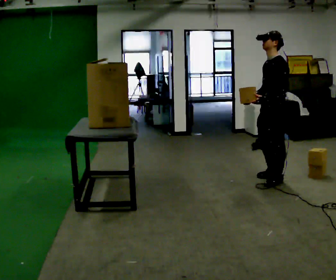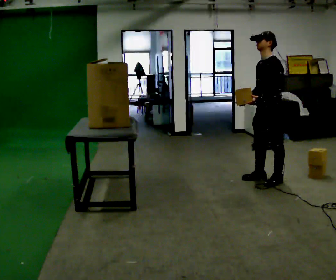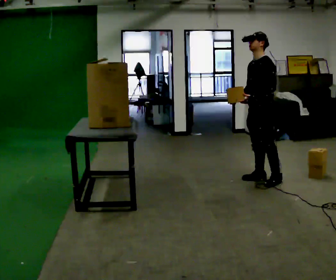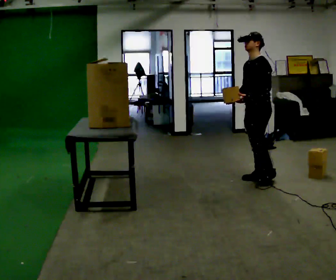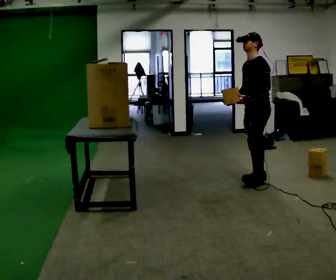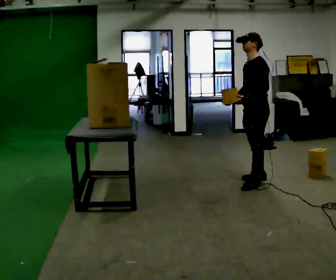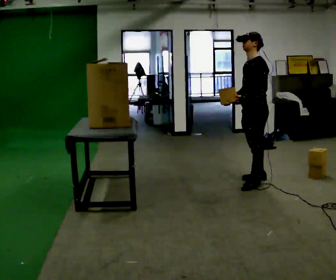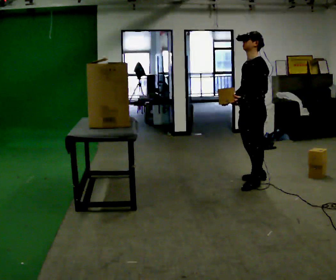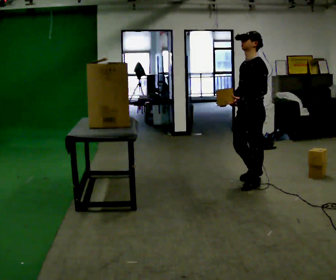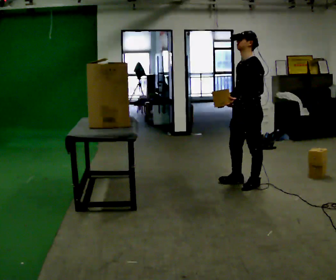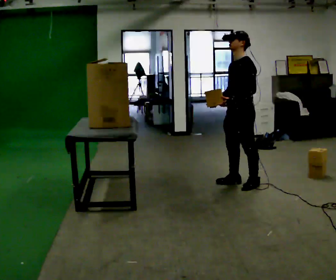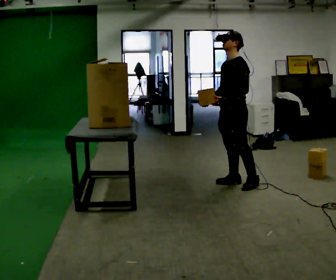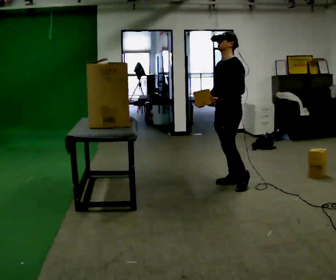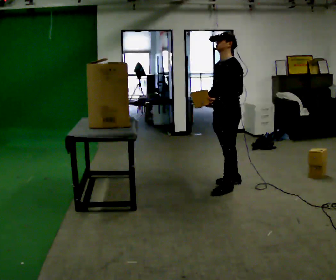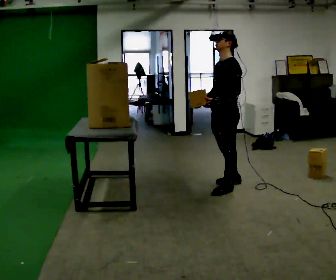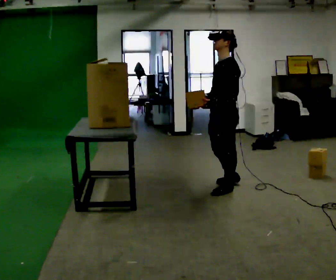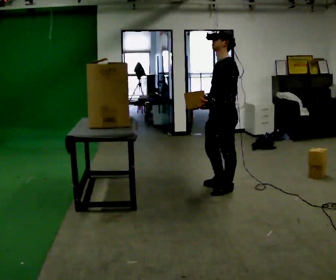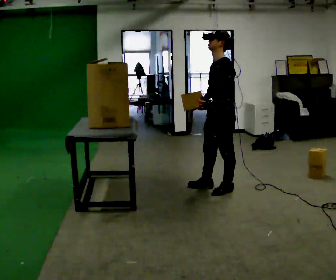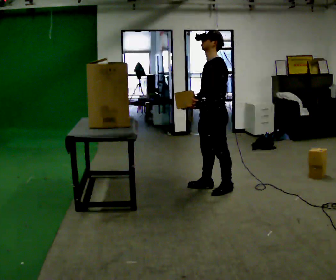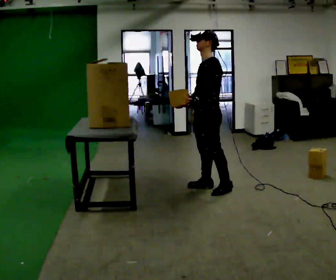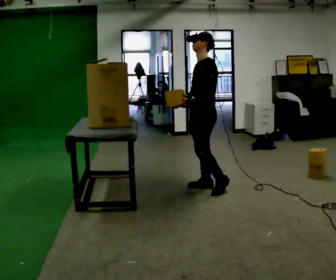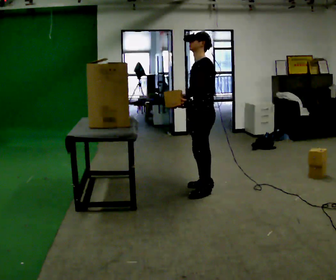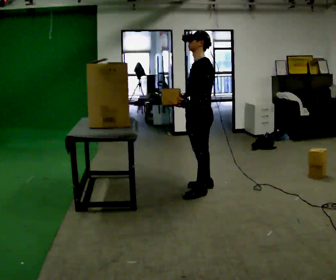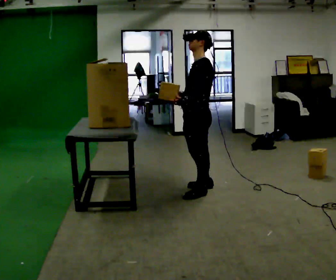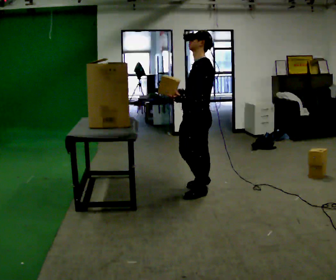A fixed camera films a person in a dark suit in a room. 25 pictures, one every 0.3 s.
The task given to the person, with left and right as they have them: Pick an object up off the floor, carry it across the room, and place it on the highest shelf you can comfortably reach. Keep going until the operator says stop; one object at a time, and do not rush between trips.
0.0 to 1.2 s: In the picture they go to the left, about 0.25 m in 1 step, which for them is to their right.
1.2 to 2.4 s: In the picture they go toward the camera, about 0.25 m in 1 step, which for them is forward and to their left.
2.4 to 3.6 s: In the picture they go to the left, about 0.25 m in 1 step, which for them is to their right and forward.
3.6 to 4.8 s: In the picture they go toward the camera, about 0.25 m in 1 step, which for them is to their left and forward.
4.8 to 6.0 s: In the picture they go to the left, about 0.25 m in 1 step, which for them is to their right and forward.
6.0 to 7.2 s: In the picture they go toward the camera, about 0.25 m in 1 step, which for them is to their left and forward.
The film runs forward here.
